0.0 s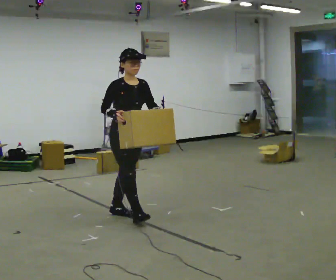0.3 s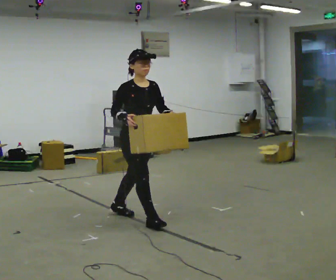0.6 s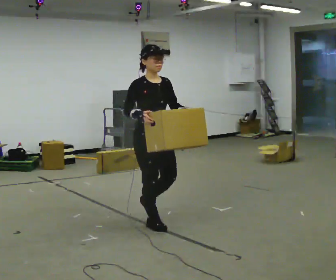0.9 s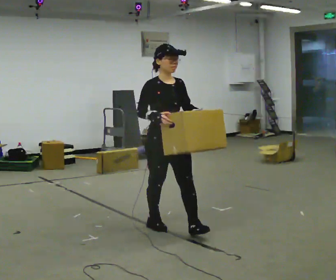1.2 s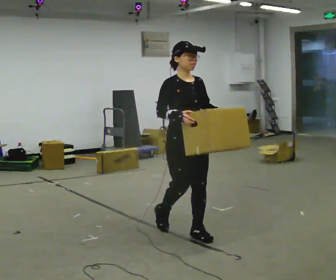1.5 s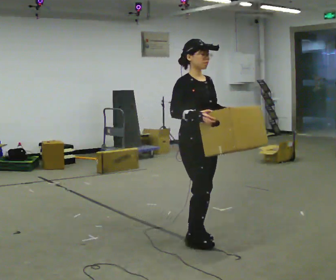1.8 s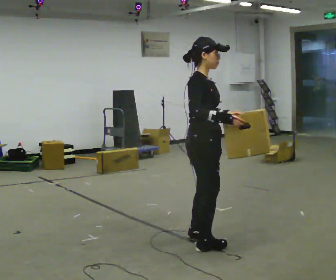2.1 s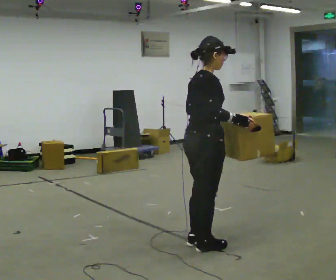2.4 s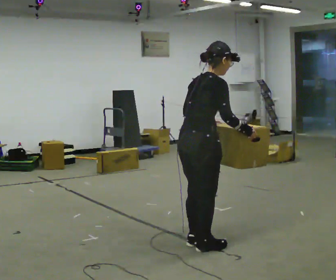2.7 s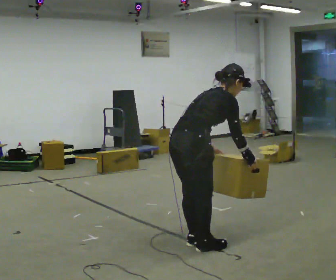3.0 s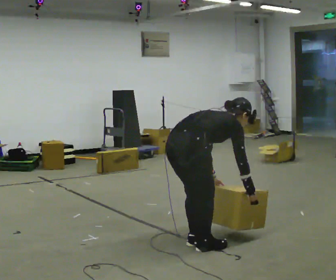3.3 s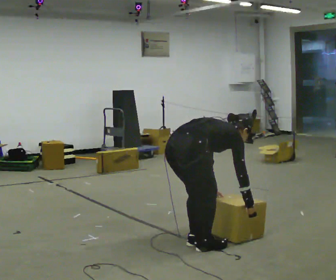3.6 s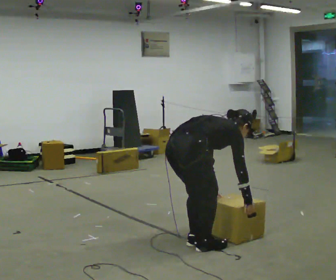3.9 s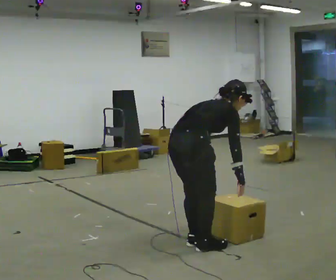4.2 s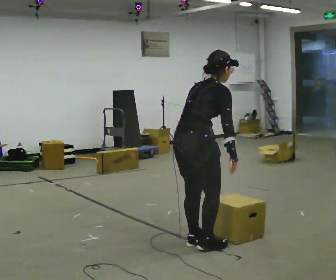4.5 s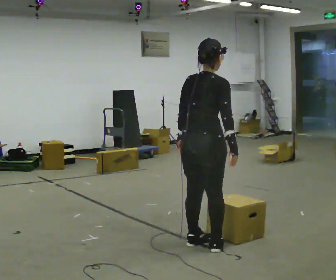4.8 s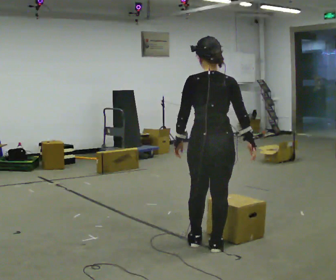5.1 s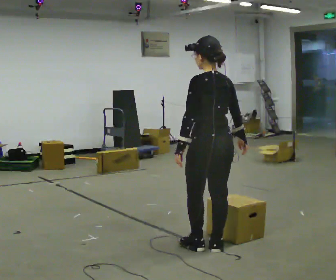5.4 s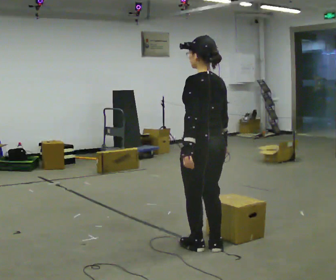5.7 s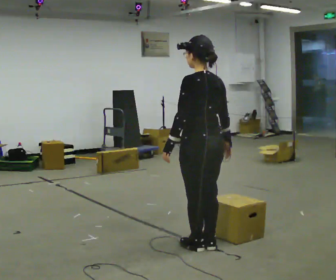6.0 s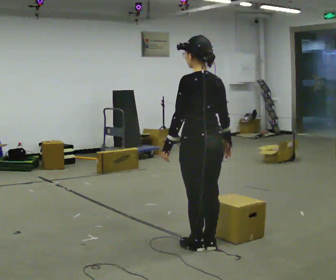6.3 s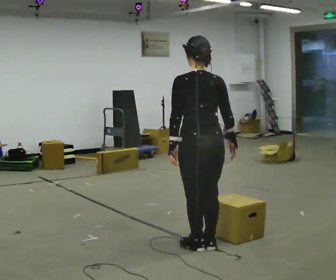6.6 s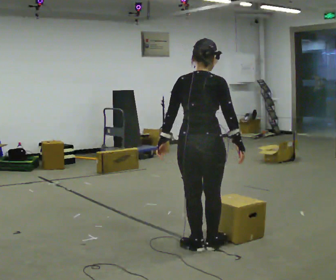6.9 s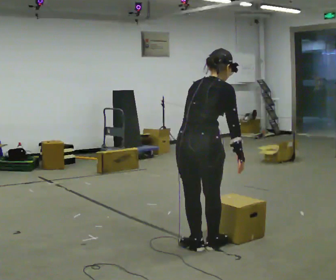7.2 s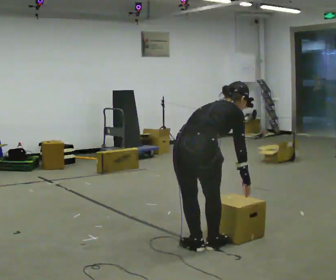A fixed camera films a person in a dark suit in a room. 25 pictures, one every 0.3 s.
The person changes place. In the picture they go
toward the camera.
0.0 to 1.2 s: In the picture they go toward the camera and to the right, about 1 m in 2 steps, which for them is forward.
1.2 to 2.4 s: Seen from above the body turns counterclockwise, about 90 degrees: to their left, with its near side sliding to the right. In the picture they go toward the camera, about 0.25 m in 2 steps. In the picture the upper body tilts clockwise, shoulders to the right, as they bend forward.
2.4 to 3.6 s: The shoulders move downward. In the picture the upper body tilts clockwise, shoulders to the right, as they bend forward. In the picture their left hand goes downward.
3.6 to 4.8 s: The person turns about 60 degrees to their left, counterclockwise seen from above, so the part of the body nearest the lens slides to the right. In the picture they go to the right, about 0.25 m. The upper body goes upward. In the picture the upper body tilts counterclockwise, shoulders to the left, as they lean back or straighten. In the picture their left hand goes upward.
4.8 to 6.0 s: The person turns about 30 degrees to their left, counterclockwise seen from above, so the part of the body nearest the lens slides to the right.
6.0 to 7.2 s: Seen from above the body turns clockwise, about 75 degrees: to their right, with its near side sliding to the left. The shoulders move downward. The upper body tips away from the camera, its near side rolling upward, as they bend forward. In the picture their left hand goes to the right.
The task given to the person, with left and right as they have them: Carry the box along the marked route, turning 90 degrees at the corner the operator calls, and set it down at the end. Keep going until the operator says stop; one object at a time, and do not rush between trips.
The film runs forward here.
